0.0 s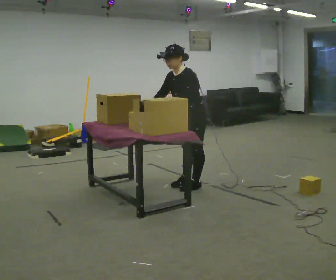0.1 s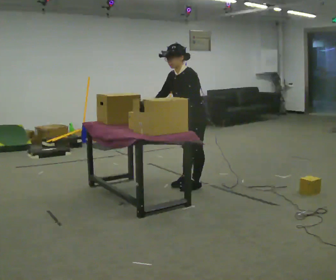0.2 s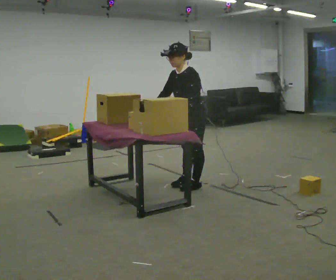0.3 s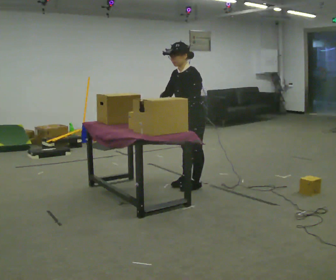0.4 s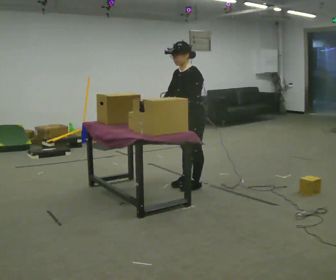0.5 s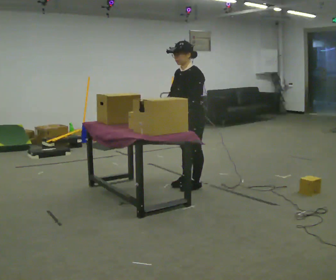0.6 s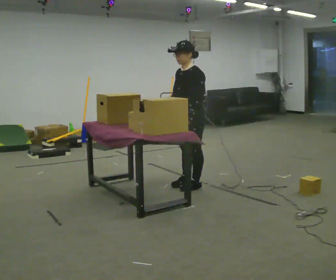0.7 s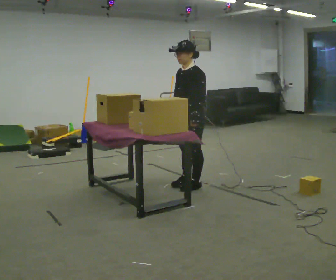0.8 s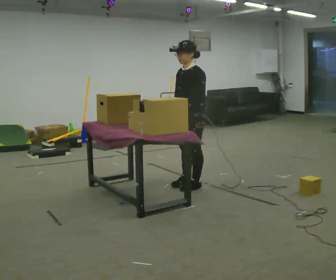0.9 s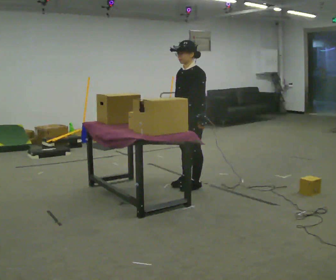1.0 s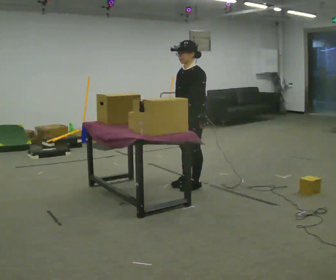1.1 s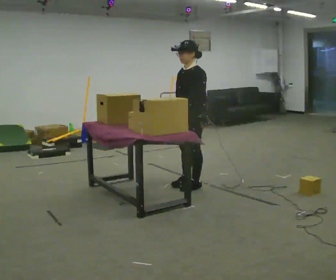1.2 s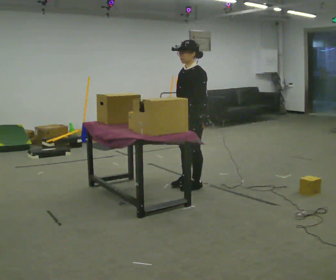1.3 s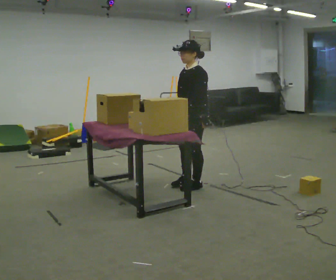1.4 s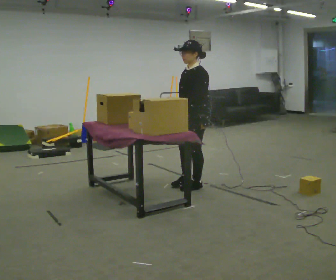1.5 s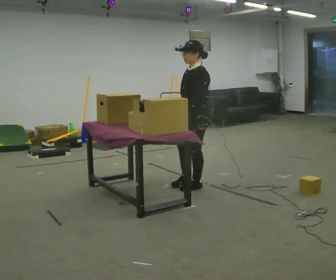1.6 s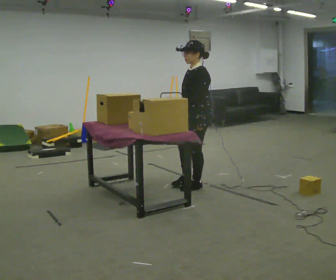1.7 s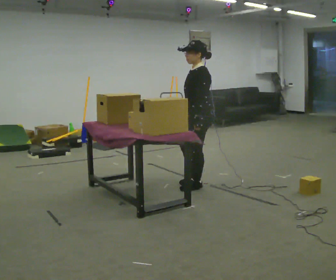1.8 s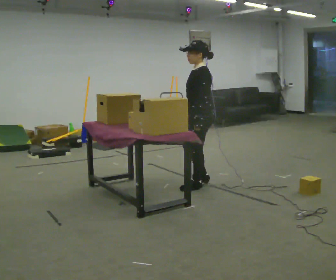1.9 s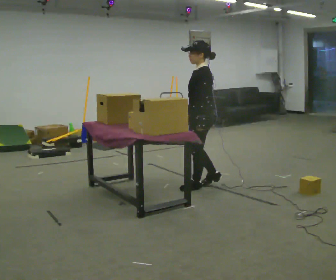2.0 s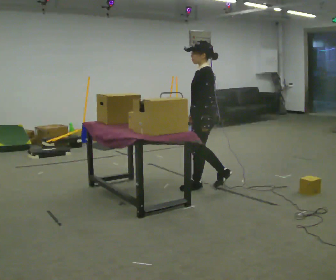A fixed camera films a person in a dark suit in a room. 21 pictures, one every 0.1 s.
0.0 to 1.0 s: In the picture the upper body tilts clockwise, shoulders to the right, as they lean back or straighten.
1.0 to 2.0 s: Seen from above the body turns clockwise, about 45 degrees: to their right, with its near side sliding to the left.
The film runs backward here.
